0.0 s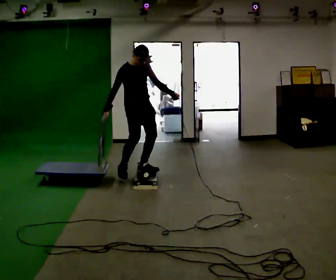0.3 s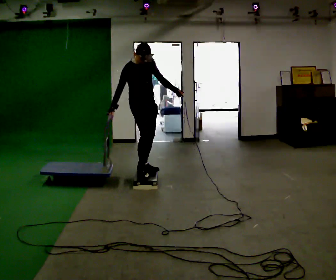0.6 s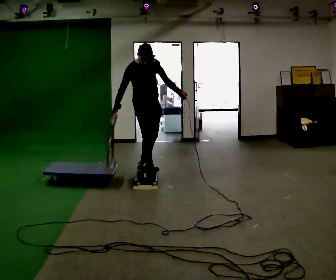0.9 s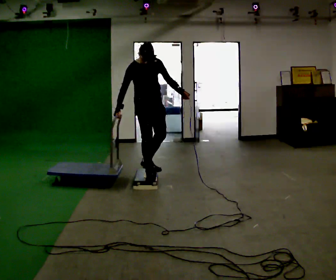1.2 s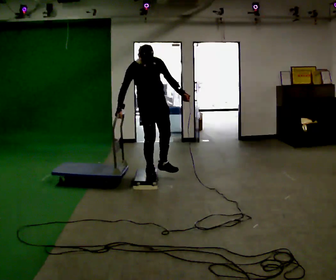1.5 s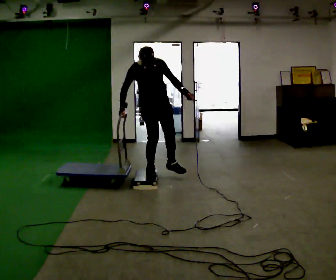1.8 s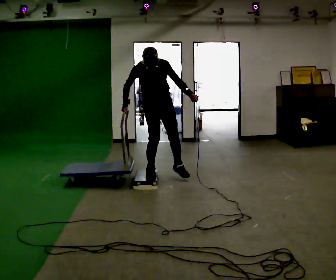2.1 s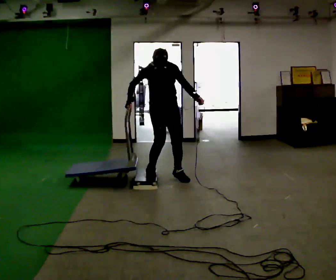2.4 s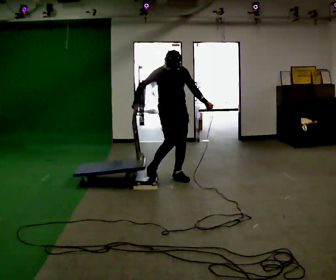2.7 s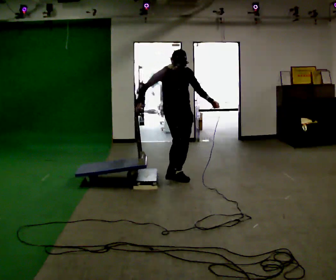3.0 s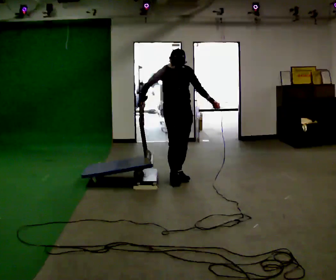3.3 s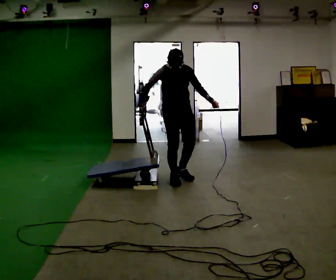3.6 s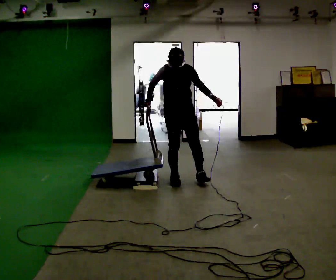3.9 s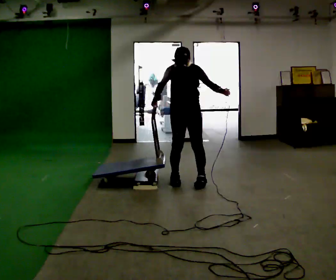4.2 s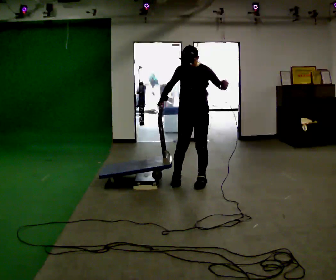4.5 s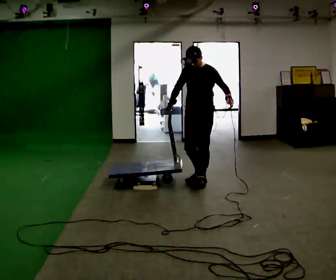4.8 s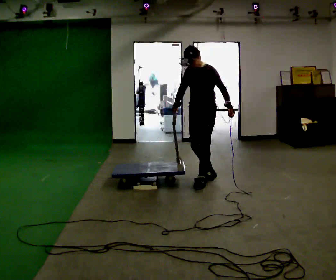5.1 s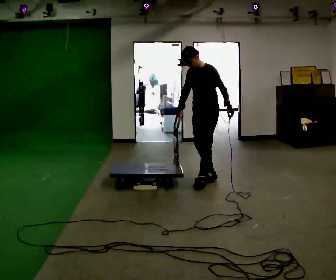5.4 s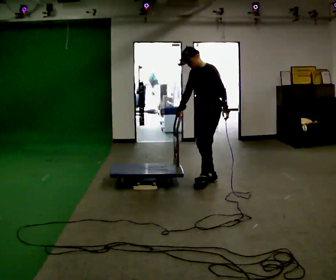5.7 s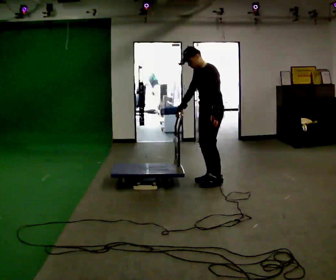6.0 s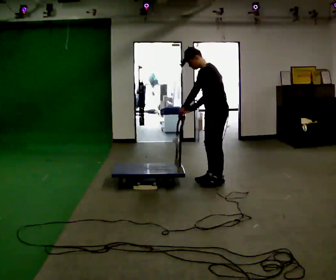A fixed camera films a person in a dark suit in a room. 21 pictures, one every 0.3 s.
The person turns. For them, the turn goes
to their right.
The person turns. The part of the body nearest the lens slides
to the left.
0.0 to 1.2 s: In the picture they go to the right, about 0.25 m in 1 step, which for them is forward.
1.2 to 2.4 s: In the picture they go to the right, about 0.25 m in 1 step, which for them is to their left.
2.4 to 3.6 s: The person moves a little, or ends about where they began.
3.6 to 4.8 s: The person turns about 60 degrees to their right, clockwise seen from above, so the part of the body nearest the lens slides to the left. In the picture they go to the right, about 0.25 m in 2 steps, which for them is to their left.
4.8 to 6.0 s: The part of the body nearest the lens slides to the left as the person turns to their right by about 30 degrees. In the picture they go to the right, about 0.25 m in 1 step, which for them is backward. In the picture their left hand goes to the left, the arm swinging clockwise.
The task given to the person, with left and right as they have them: Push the cart up over the low platform edge and down the other side, then bring it back over.
The film runs forward here.
